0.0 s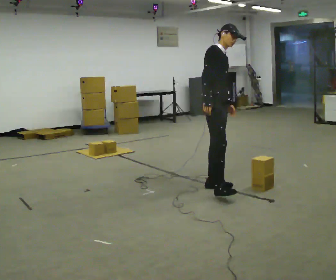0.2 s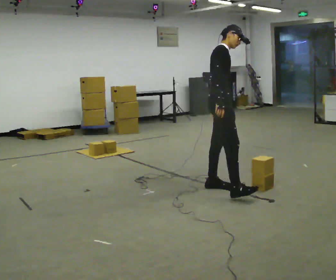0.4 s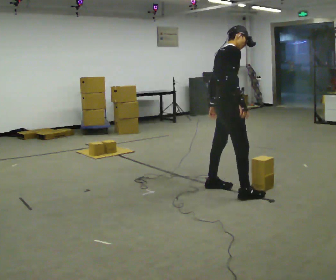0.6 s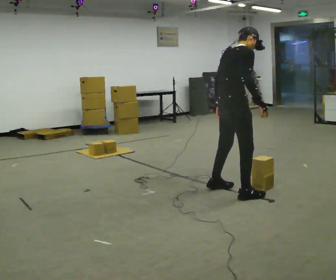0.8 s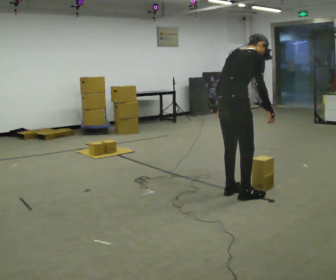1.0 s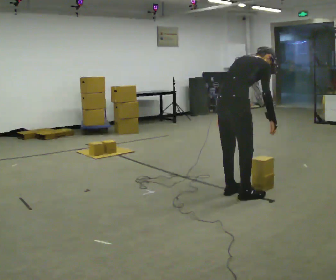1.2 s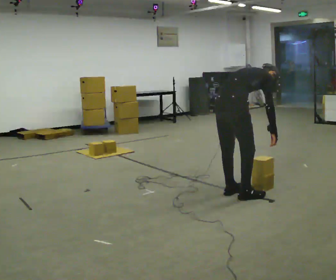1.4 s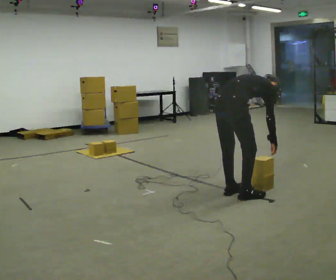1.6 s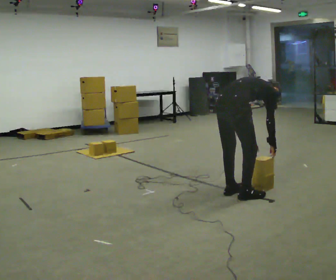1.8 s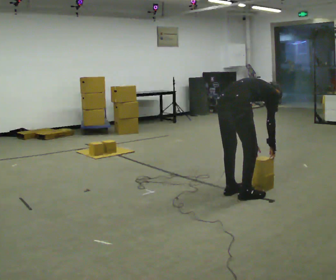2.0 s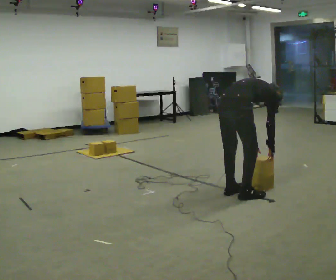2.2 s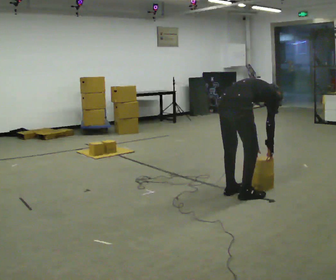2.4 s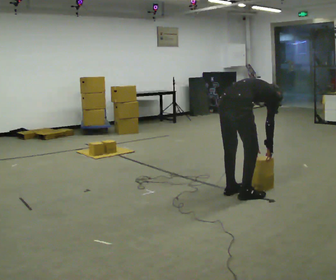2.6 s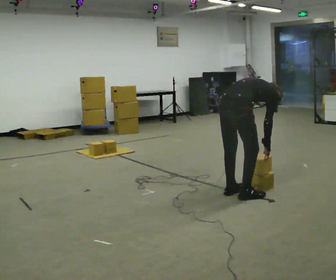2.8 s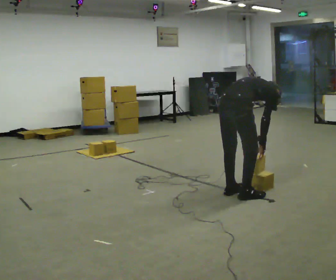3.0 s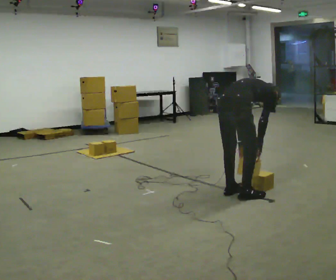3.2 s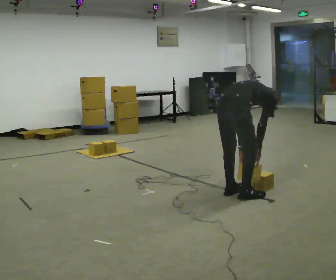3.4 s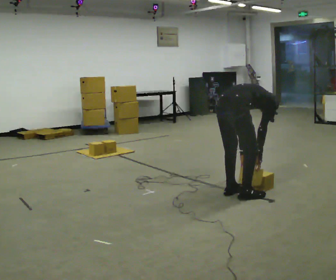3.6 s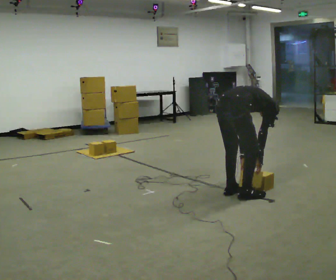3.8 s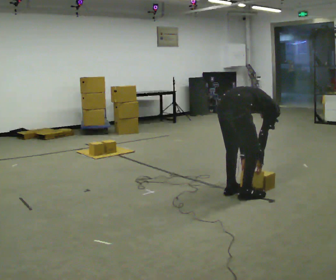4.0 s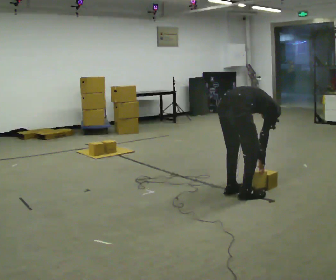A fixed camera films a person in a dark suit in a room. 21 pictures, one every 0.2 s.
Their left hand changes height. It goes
downward.
The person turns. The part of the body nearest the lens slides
to the right.
0.0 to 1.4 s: The person turns about 60 degrees to their left, counterclockwise seen from above, so the part of the body nearest the lens slides to the right. In the picture they go toward the camera and to the right, about 0.5 m in 2 steps. The upper body goes downward. The upper body tips away from the camera, its near side rolling upward, as they bend forward. In the picture their right hand goes downward.
1.4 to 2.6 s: The person moves a little, or ends about where they began.
2.6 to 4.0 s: In the picture the upper body tilts clockwise, shoulders to the right, as they bend forward.
The film runs forward here.
